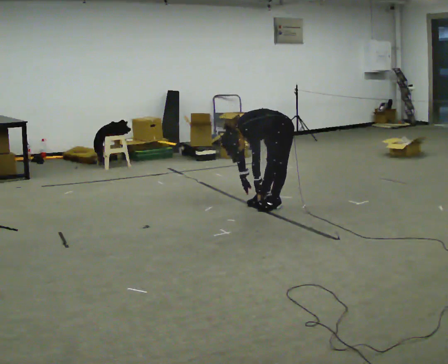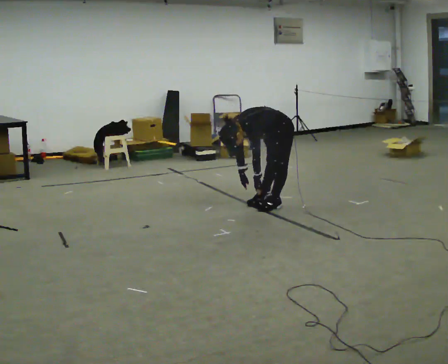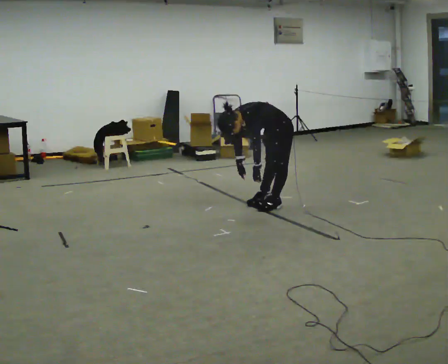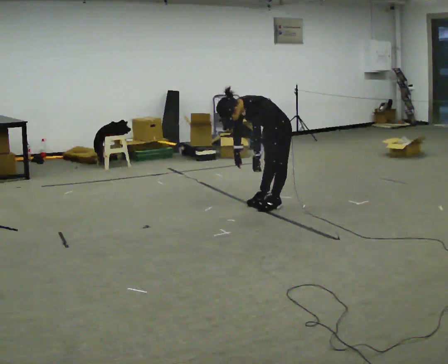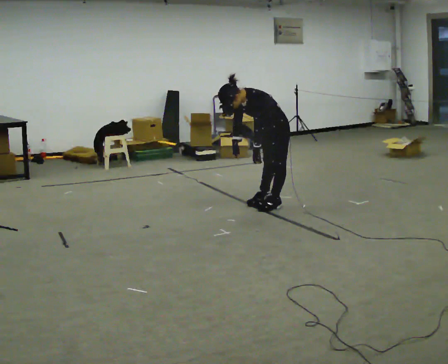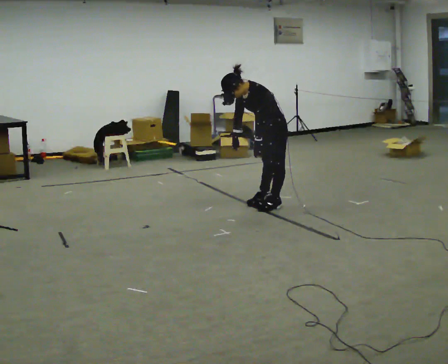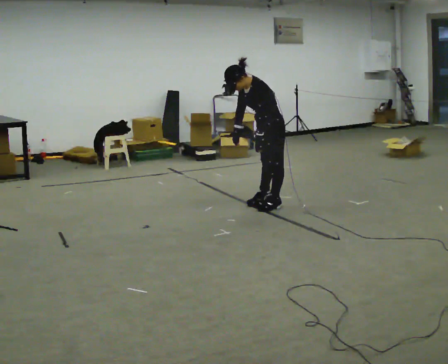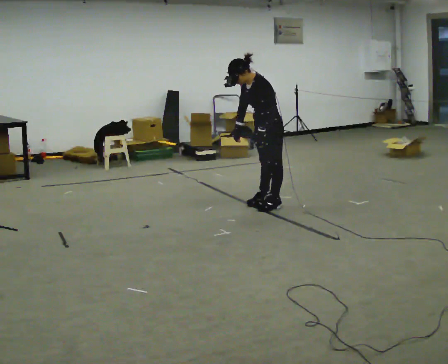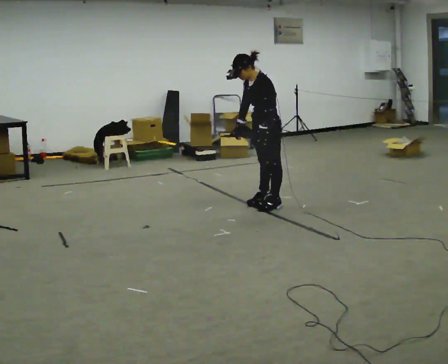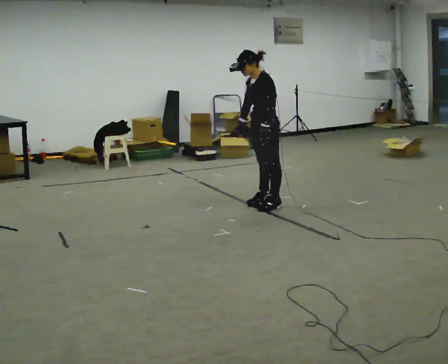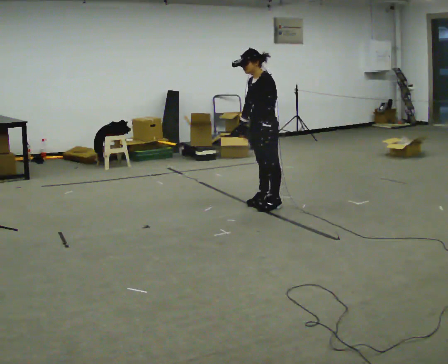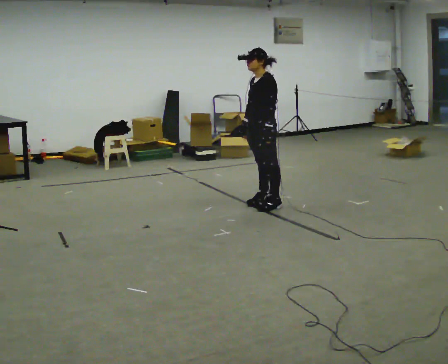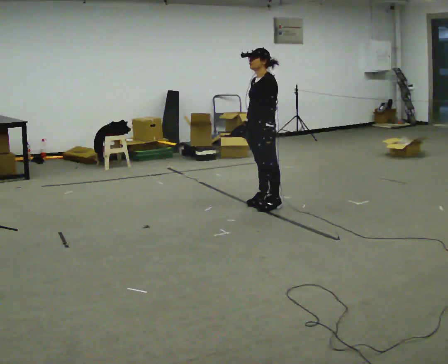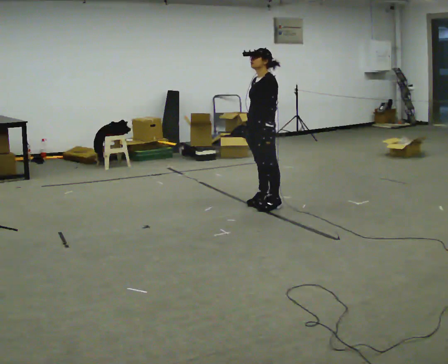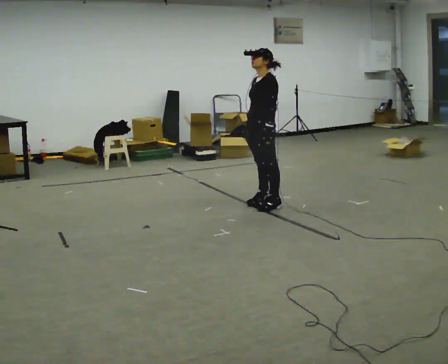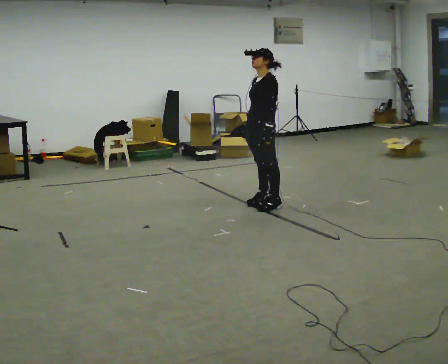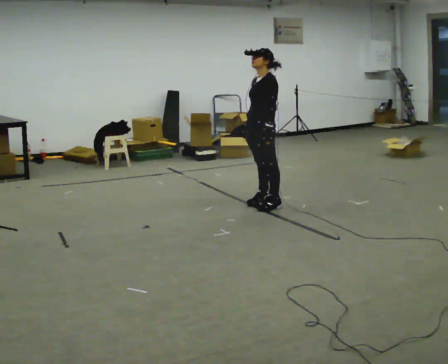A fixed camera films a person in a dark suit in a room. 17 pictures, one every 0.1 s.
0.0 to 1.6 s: In the picture they go to the left, about 0.25 m, which for them is forward. The shoulders move upward. In the picture the upper body tilts clockwise, shoulders to the right, as they lean back or straighten. In the picture their left hand goes upward.
The film runs backward here.
